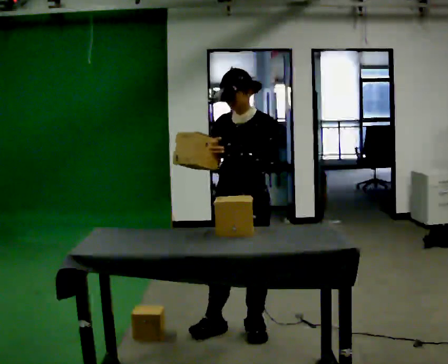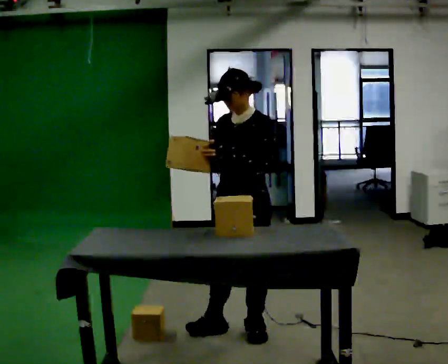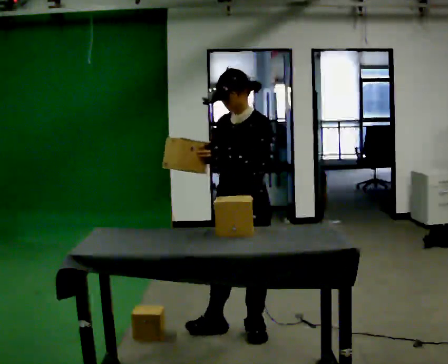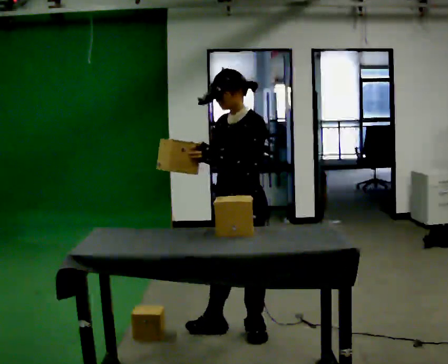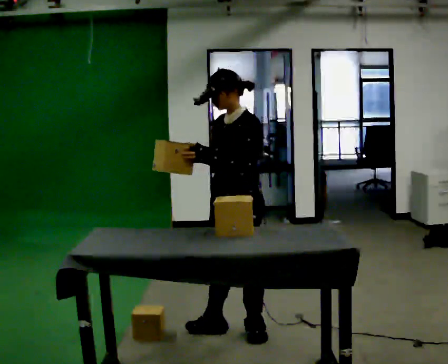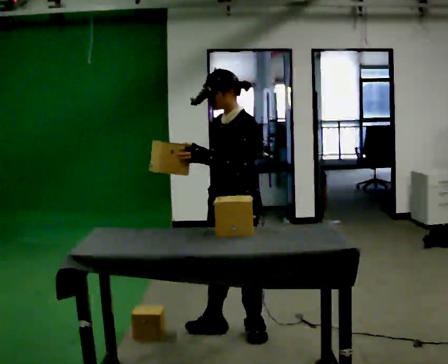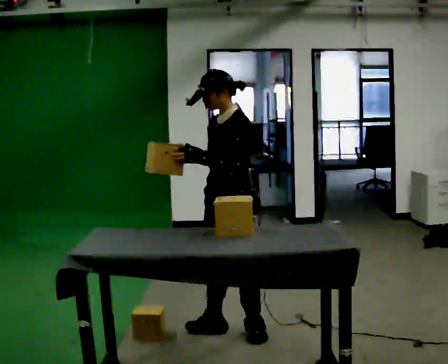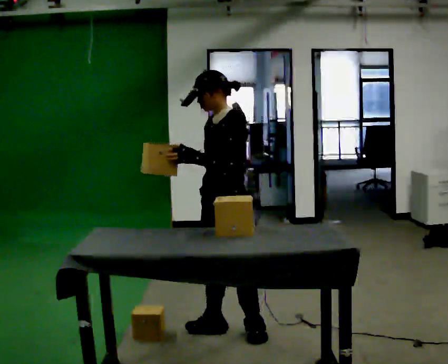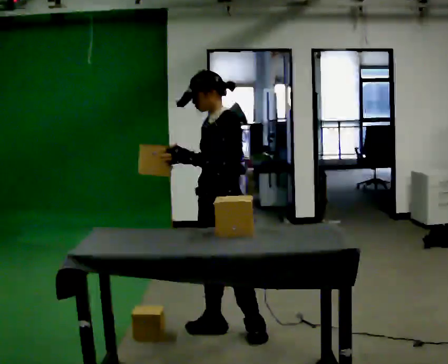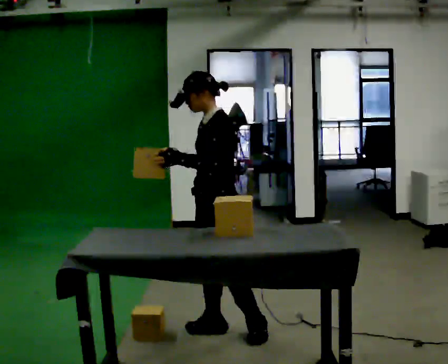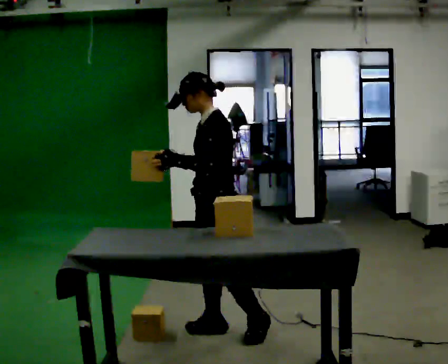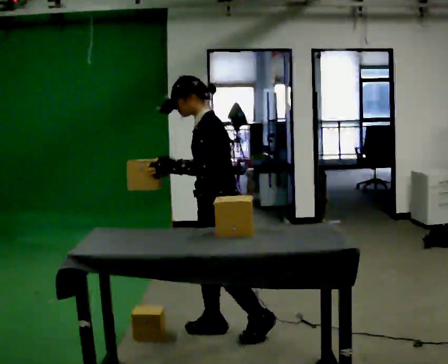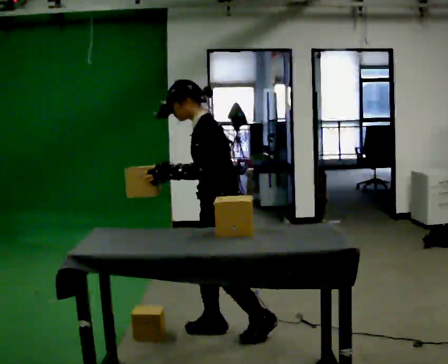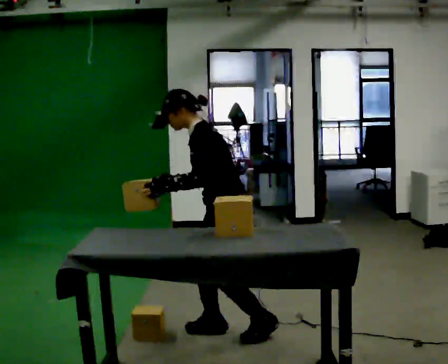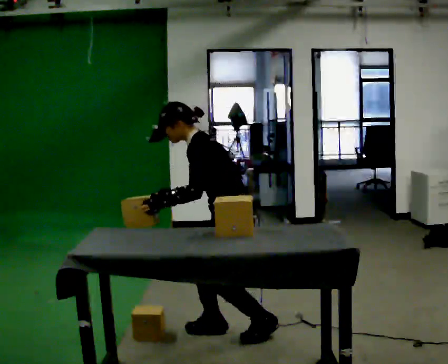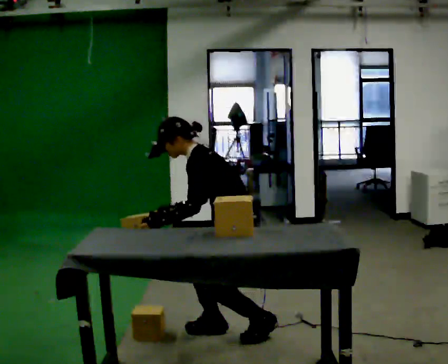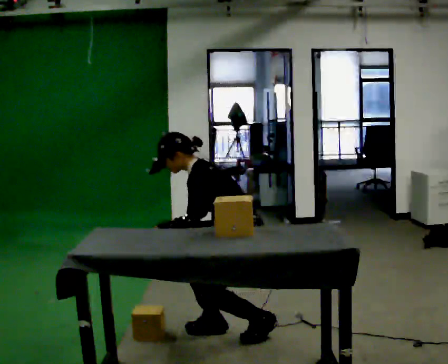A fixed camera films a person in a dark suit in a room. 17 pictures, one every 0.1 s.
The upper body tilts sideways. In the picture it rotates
counterclockwise.
The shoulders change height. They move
downward.
0.0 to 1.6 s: The part of the body nearest the lens slides to the left as the person turns to their right by about 45 degrees. The upper body goes downward. In the picture the upper body tilts counterclockwise, shoulders to the left, as they bend forward. In the picture their right hand goes downward.
The film runs forward here.
